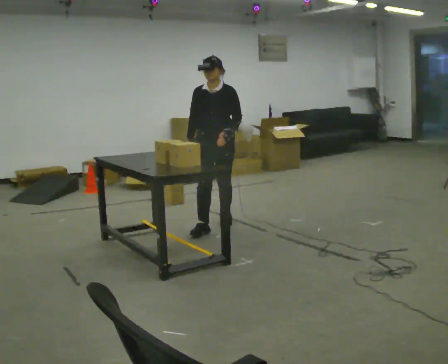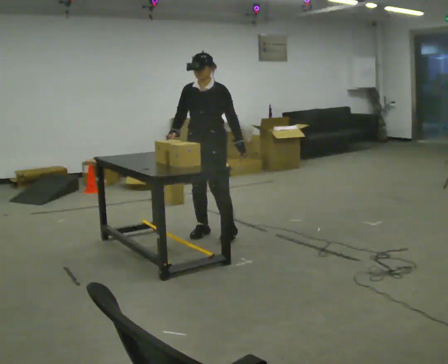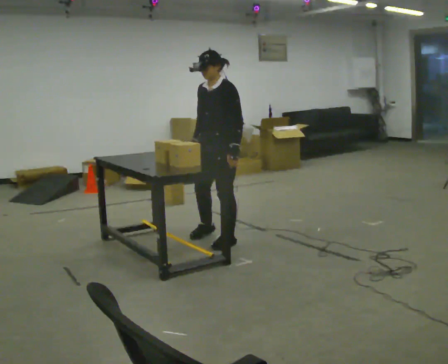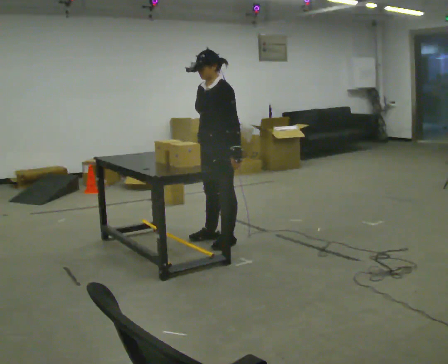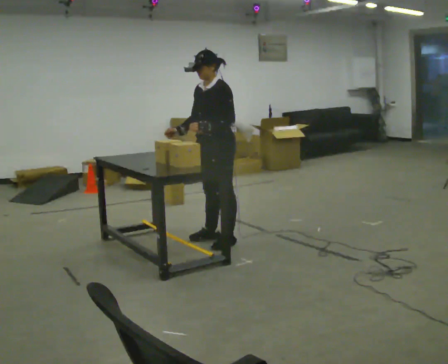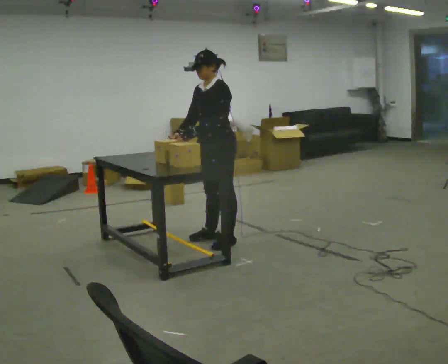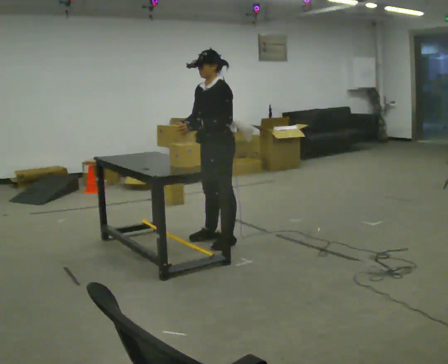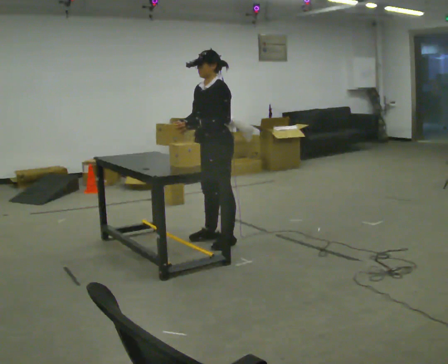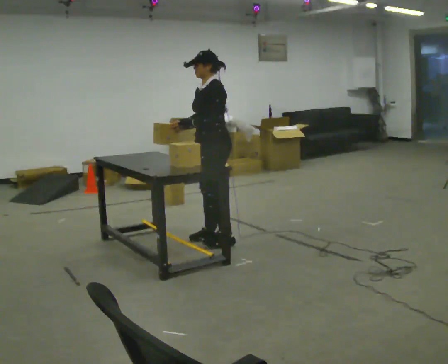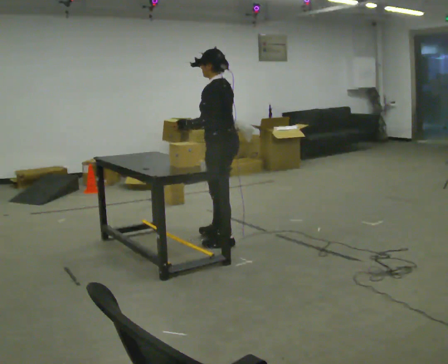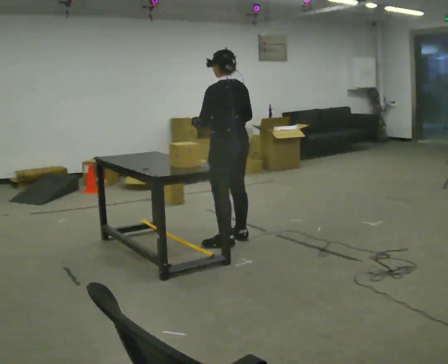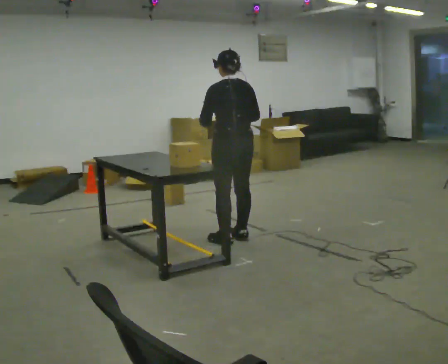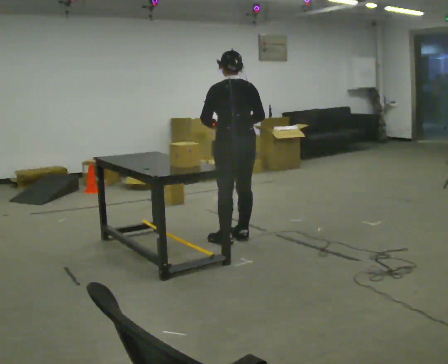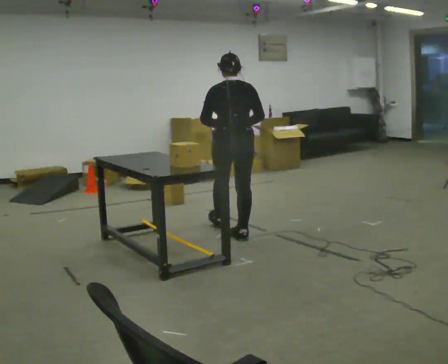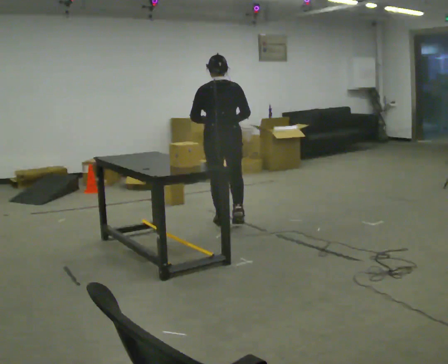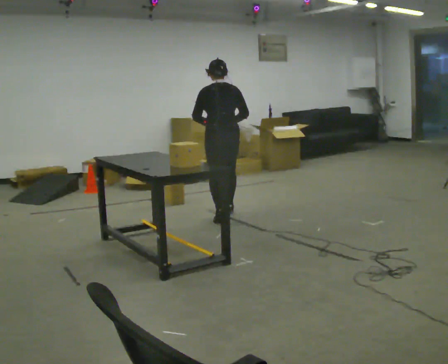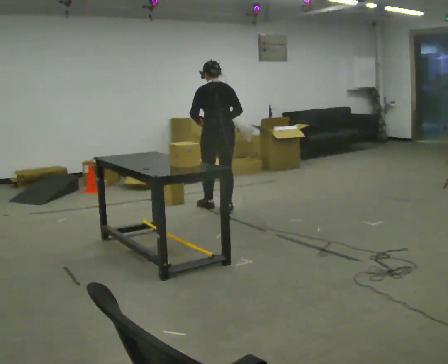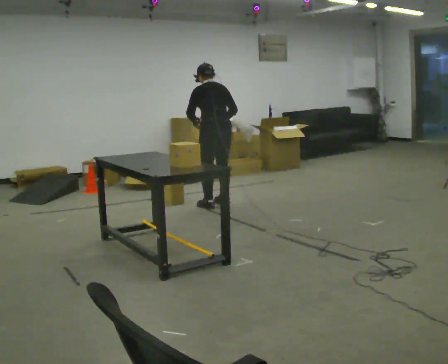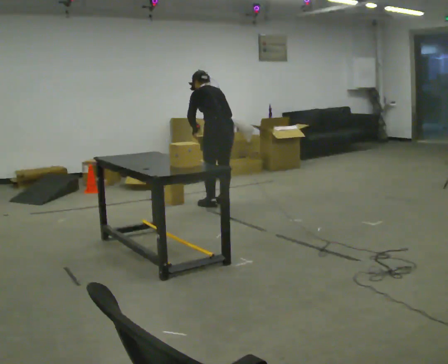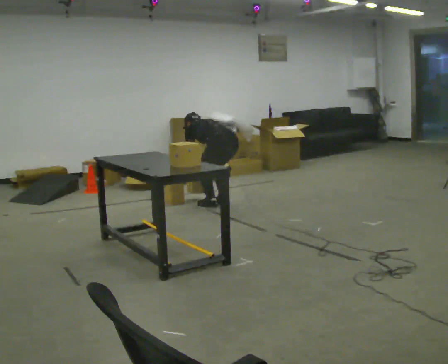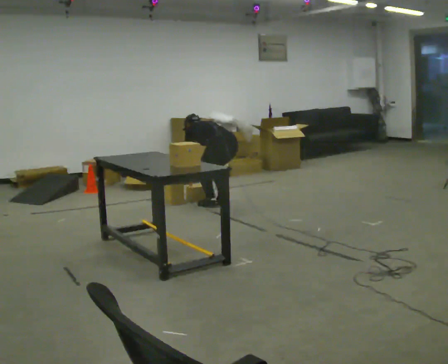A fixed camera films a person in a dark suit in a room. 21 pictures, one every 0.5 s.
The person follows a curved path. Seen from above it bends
counterclockwise.
0.0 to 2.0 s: The person turns about 45 degrees to their right, clockwise seen from above, so the part of the body nearest the lens slides to the left. In the picture they go toward the camera, about 0.5 m in 2 steps, which for them is to their left and forward.
2.0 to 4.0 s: The person moves a little, or ends about where they began.
4.0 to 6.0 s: The part of the body nearest the lens slides to the left as the person turns to their right by about 90 degrees. In the picture they go to the right, about 0.25 m in 1 step. In the picture their right hand goes to the right.
6.0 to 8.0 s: In the picture they go away from the camera, about 1 m in 3 steps, which for them is forward.
8.0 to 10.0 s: The shoulders move downward. The upper body tips away from the camera, its near side rolling upward, as they bend forward. In the picture their left hand goes downward.
The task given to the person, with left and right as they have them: Pick an object up off the floor at one end of the room, carry it across, and place it on the waist-height shelf at the other end. Keep going until the operator says stop; one object at a time, and do not rush between trips.
The film runs forward here.
